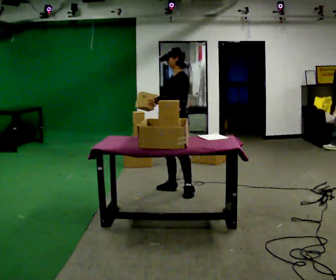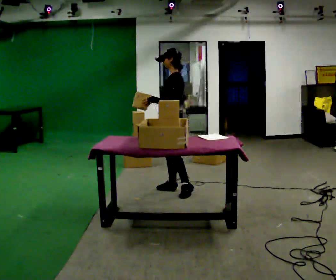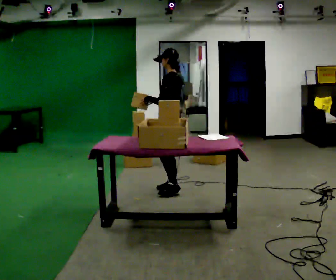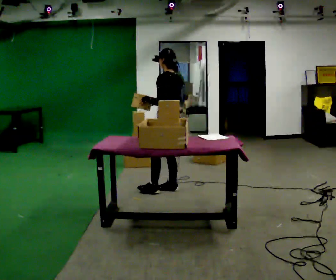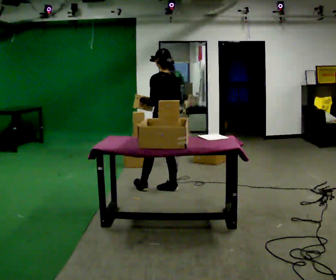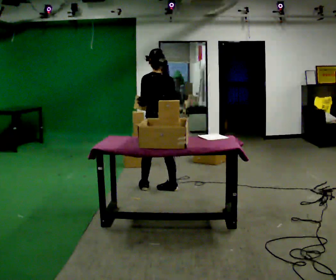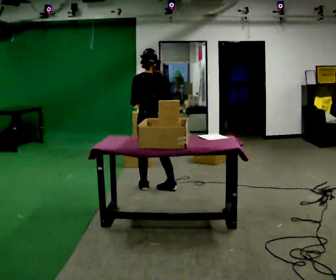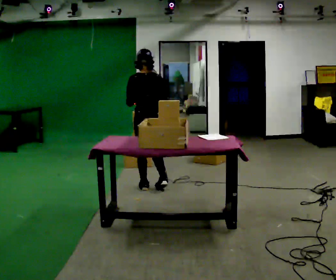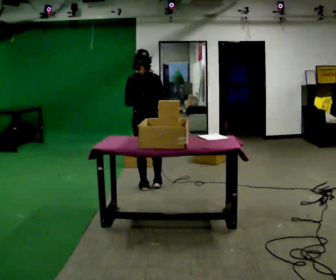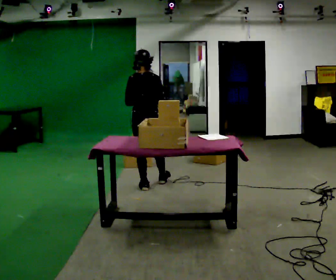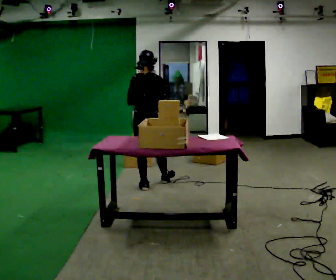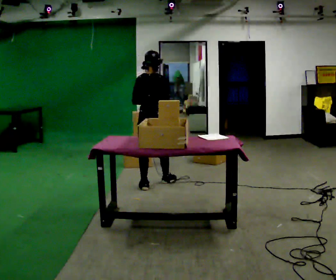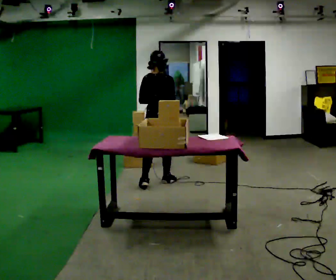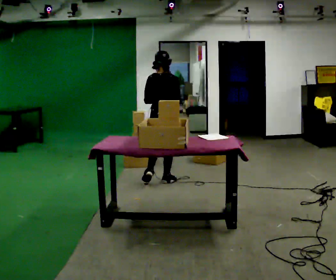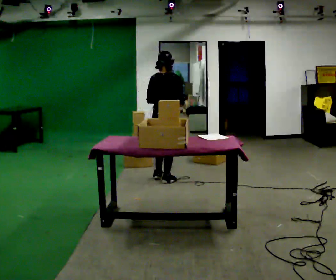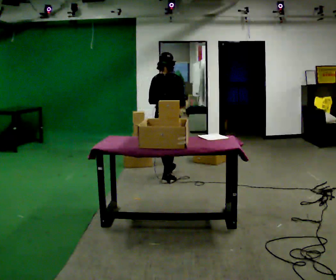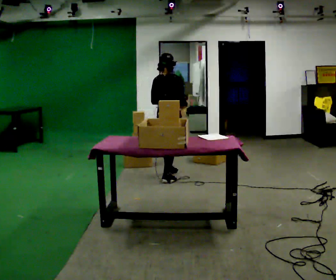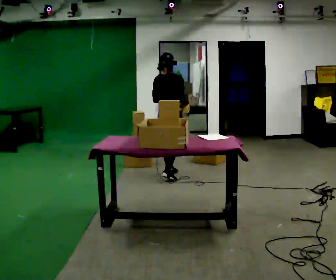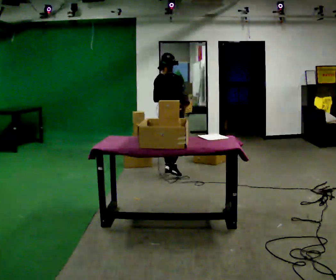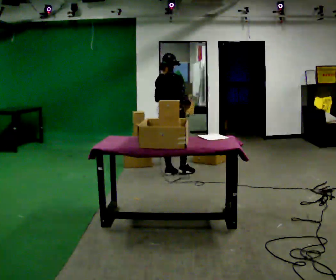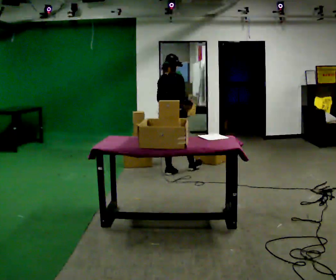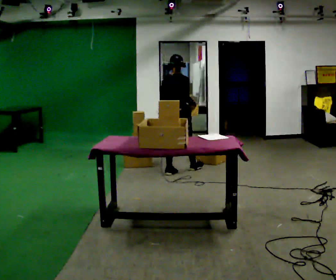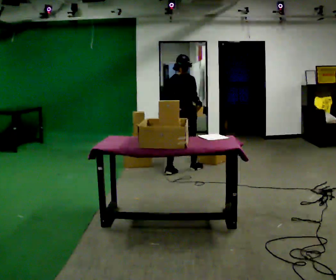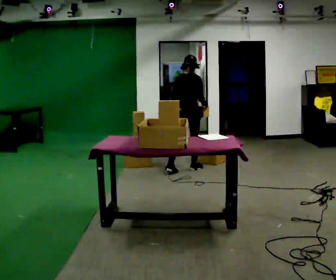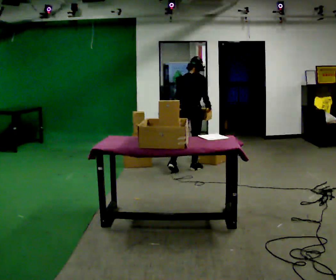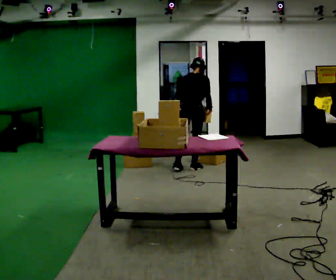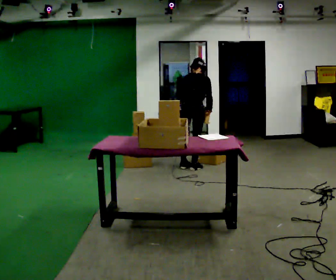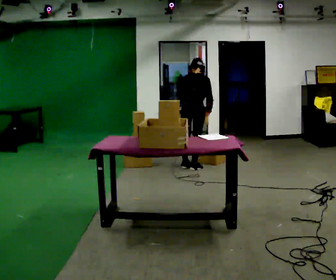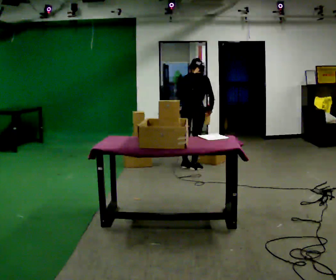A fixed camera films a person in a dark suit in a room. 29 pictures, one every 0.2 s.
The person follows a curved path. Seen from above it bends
clockwise.
The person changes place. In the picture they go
away from the camera.
0.0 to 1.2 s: The person turns about 90 degrees to their right, clockwise seen from above, so the part of the body nearest the lens slides to the left. In the picture they go to the left, about 0.25 m in 1 step.
1.2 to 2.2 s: Seen from above the body turns clockwise, about 30 degrees: to their right, with its near side sliding to the left. In the picture they go away from the camera, about 0.25 m in 1 step, which for them is forward.
2.2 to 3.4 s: In the picture they go away from the camera, about 0.5 m in 1 step, which for them is forward.
3.4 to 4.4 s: In the picture they go away from the camera and to the right, about 0.25 m in 1 step, which for them is forward.
4.4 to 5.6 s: The person moves a little, or ends about where they began.
The film runs forward here.
